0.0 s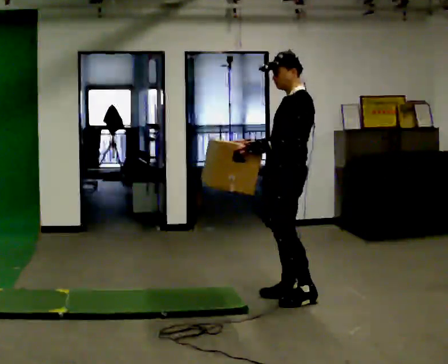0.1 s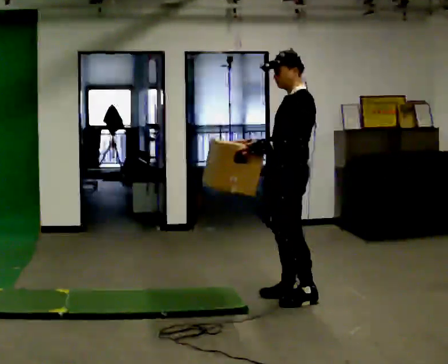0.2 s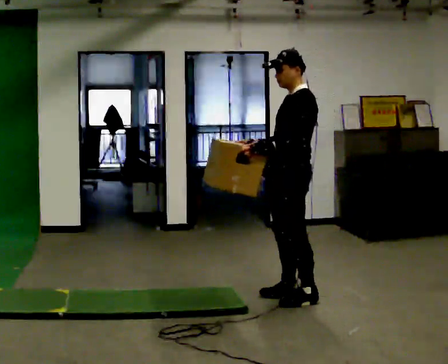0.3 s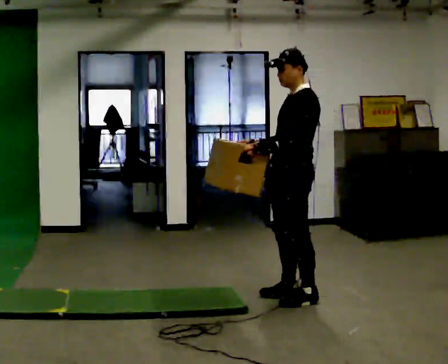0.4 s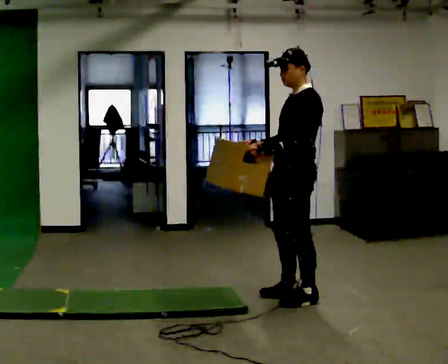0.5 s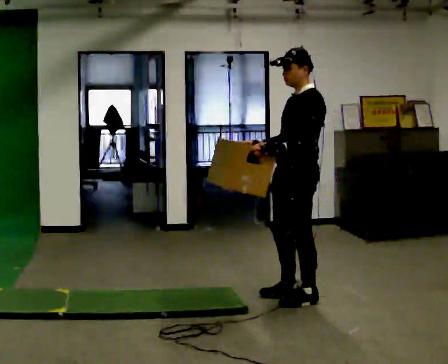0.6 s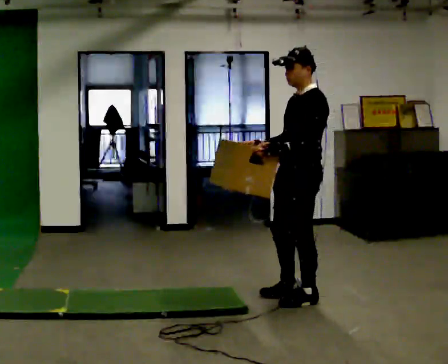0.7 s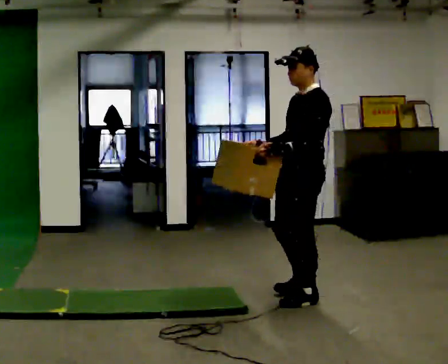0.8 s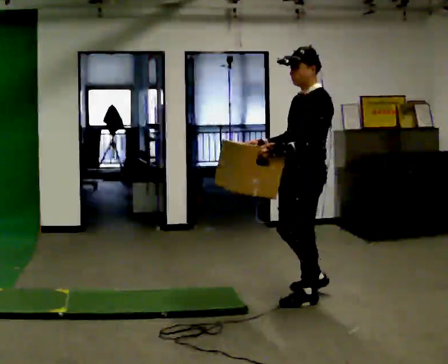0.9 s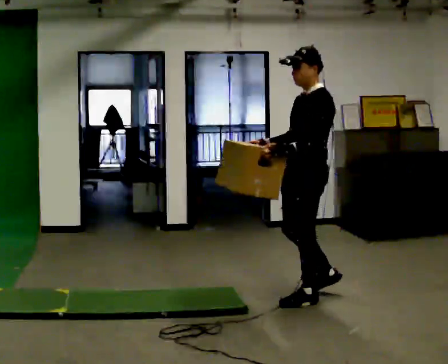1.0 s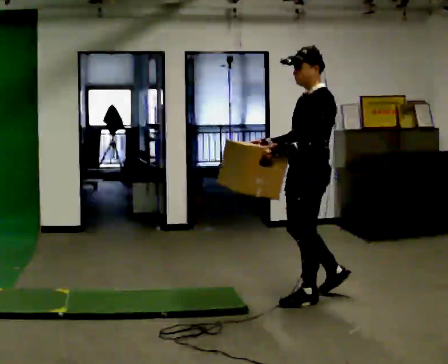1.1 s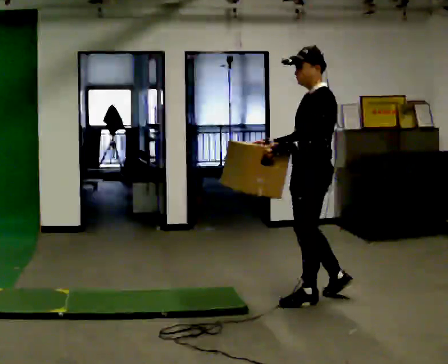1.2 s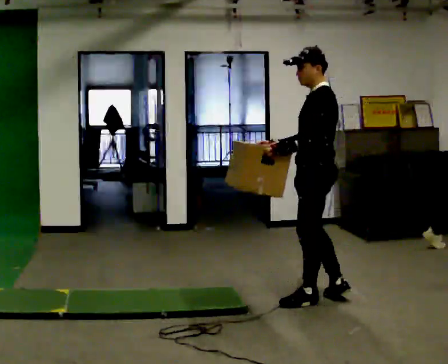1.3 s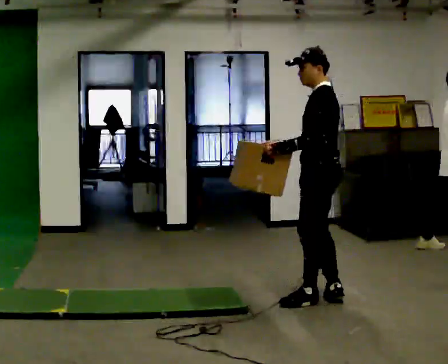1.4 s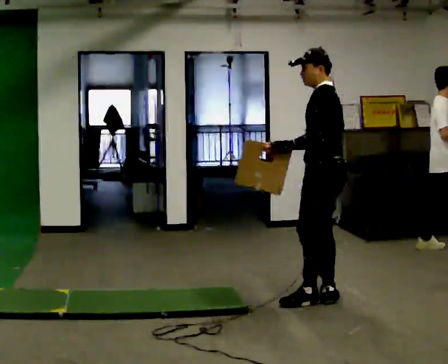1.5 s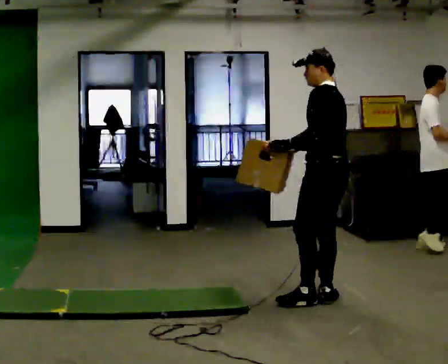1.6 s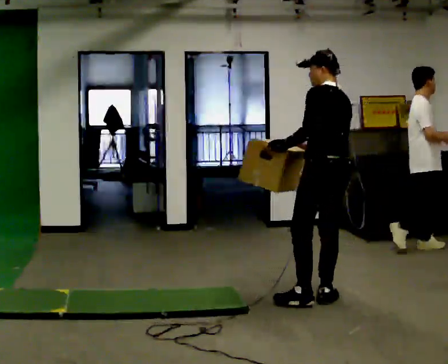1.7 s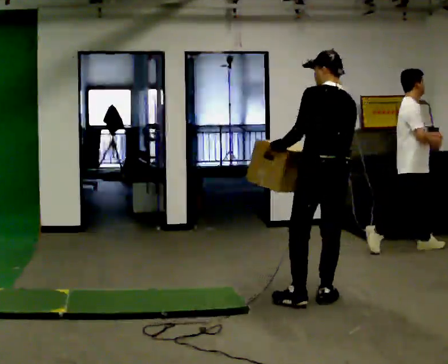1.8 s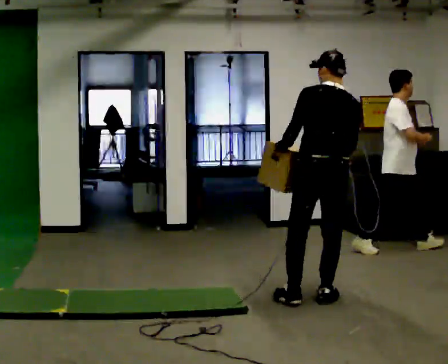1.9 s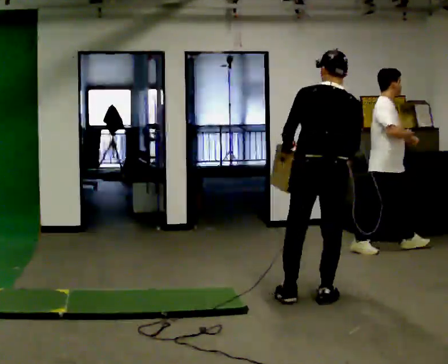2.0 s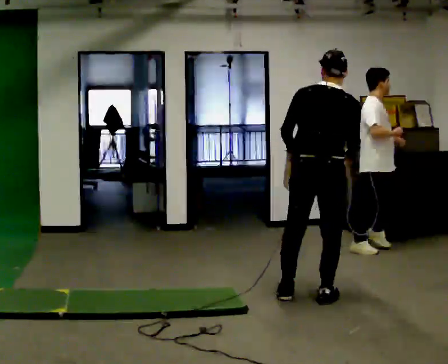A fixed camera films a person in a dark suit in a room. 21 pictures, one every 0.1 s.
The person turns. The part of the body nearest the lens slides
to the left.
The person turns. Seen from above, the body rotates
clockwise.
0.0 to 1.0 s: In the picture they go to the right, about 0.25 m in 1 step, which for them is to their left.
1.0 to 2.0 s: Seen from above the body turns clockwise, about 105 degrees: to their right, with its near side sliding to the left. In the picture their right hand goes to the right, the arm swinging counterclockwise.
The film runs backward here.
